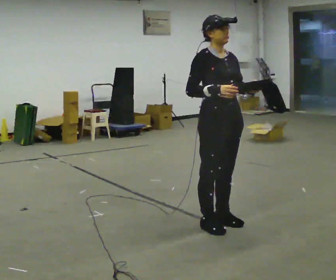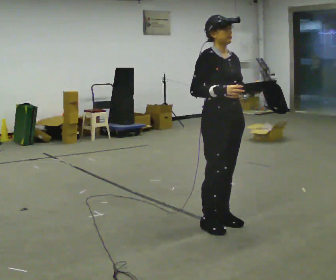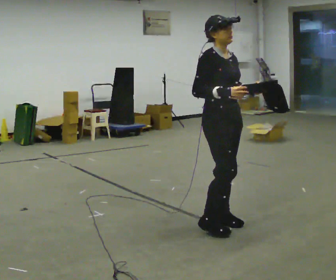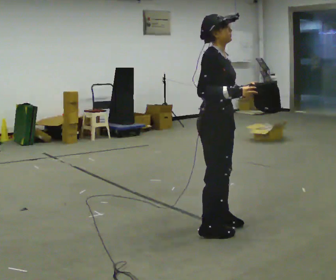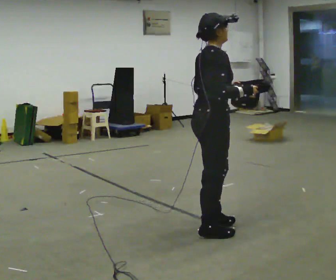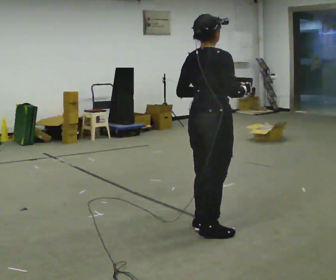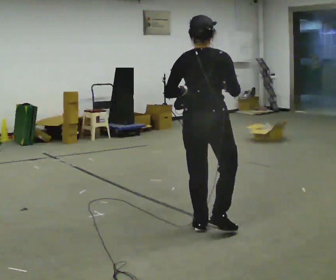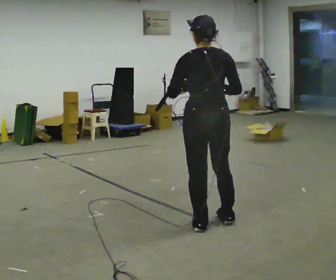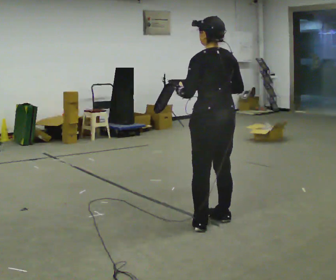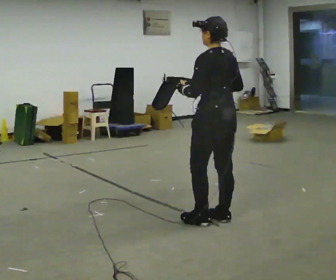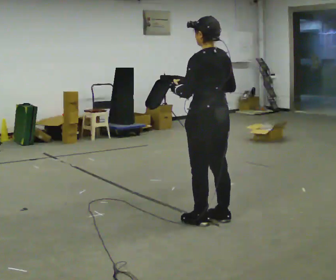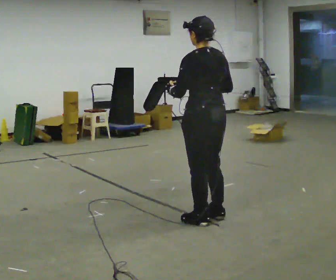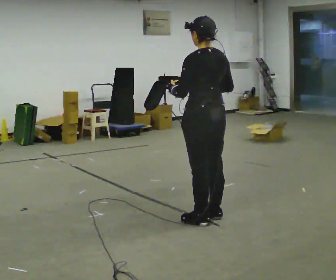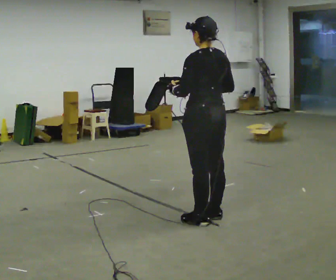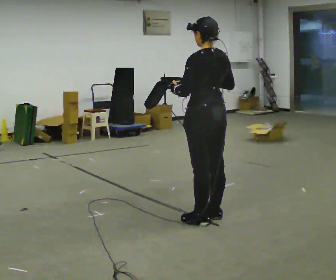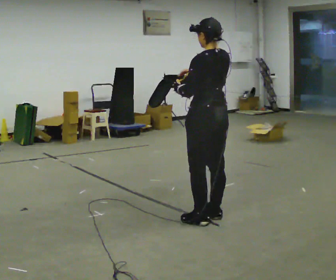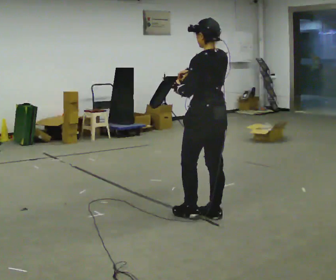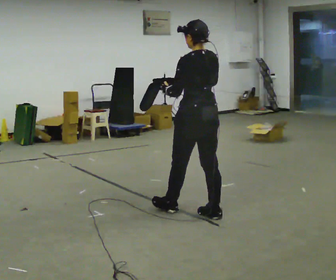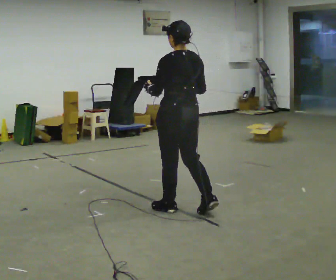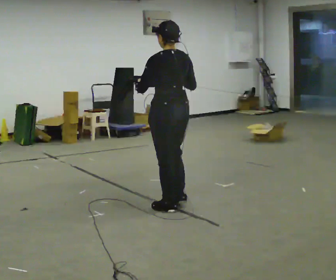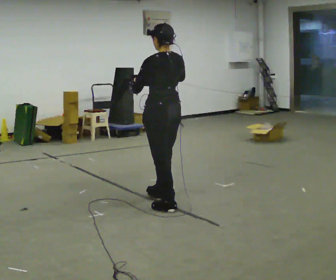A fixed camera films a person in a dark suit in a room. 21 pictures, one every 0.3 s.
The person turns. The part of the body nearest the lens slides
to the right.
The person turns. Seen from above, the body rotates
counterclockwise.
0.0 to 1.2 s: The part of the body nearest the lens slides to the right as the person turns to their left by about 60 degrees. In the picture they go toward the camera, about 0.25 m in 1 step.
1.2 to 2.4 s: The part of the body nearest the lens slides to the right as the person turns to their left by about 105 degrees. In the picture they go away from the camera, about 0.25 m in 2 steps.
2.4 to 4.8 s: In the picture they go away from the camera, about 0.25 m, which for them is forward.
4.8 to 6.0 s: In the picture they go to the left and away from the camera, about 0.5 m in 2 steps, which for them is forward and to their left.
The film runs forward here.
